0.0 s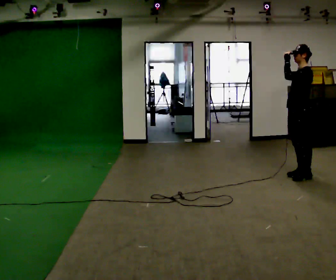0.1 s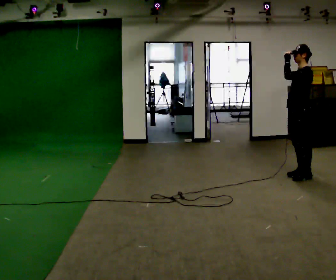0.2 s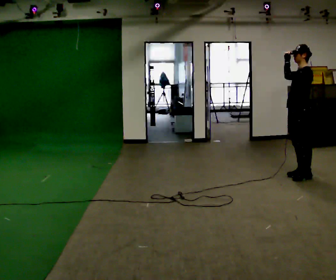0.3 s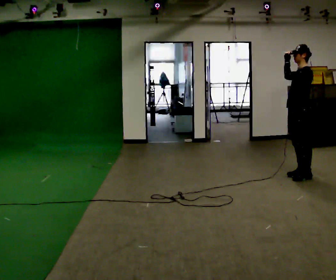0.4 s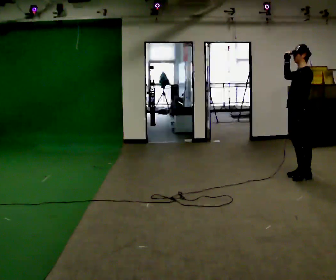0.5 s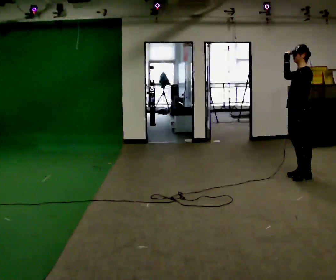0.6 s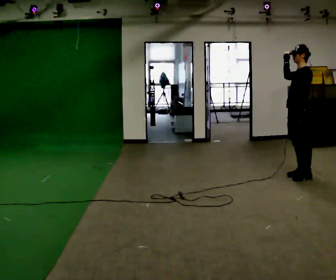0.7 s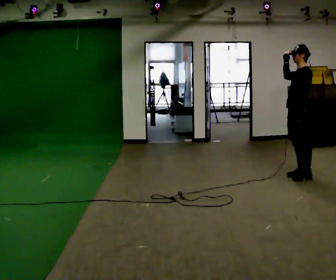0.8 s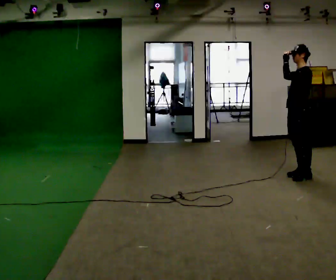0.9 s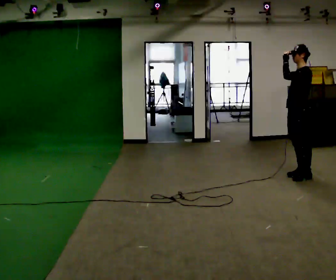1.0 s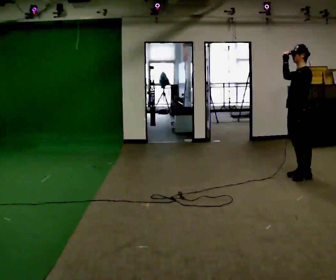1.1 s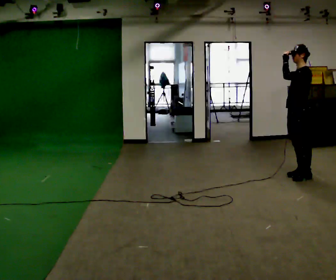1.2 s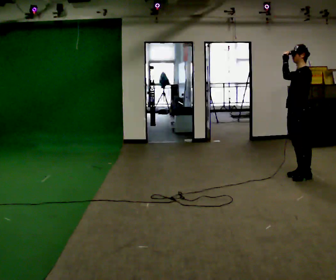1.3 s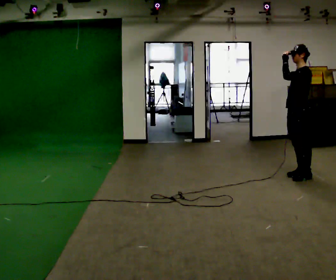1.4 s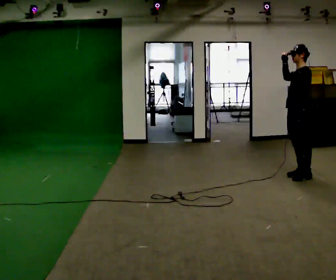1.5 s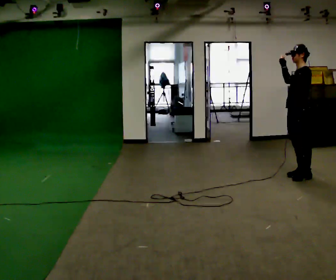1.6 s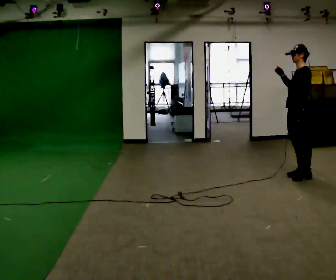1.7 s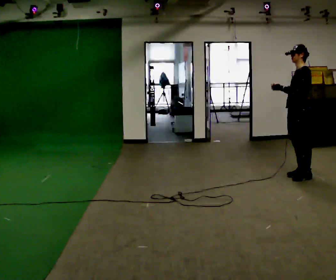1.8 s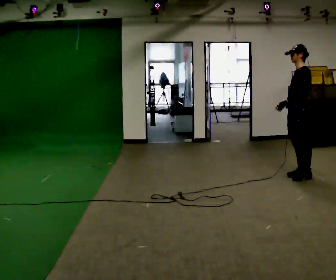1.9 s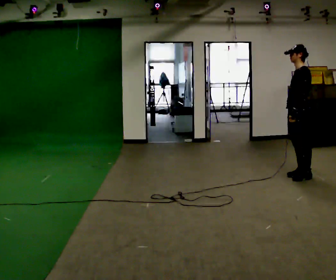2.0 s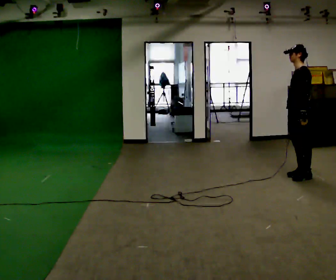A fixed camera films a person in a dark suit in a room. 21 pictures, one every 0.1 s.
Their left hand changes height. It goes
downward.
0.0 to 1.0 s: The person keeps their place and pose.
1.0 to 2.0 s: In the picture their left hand goes downward.
The film runs forward here.
